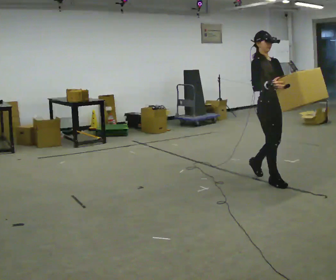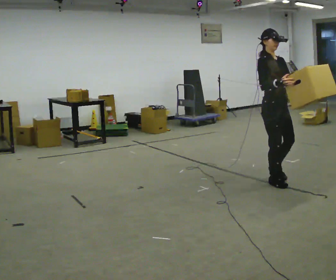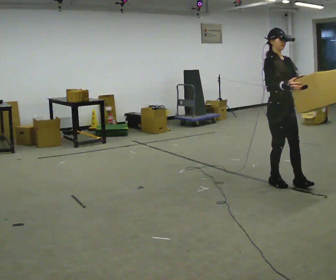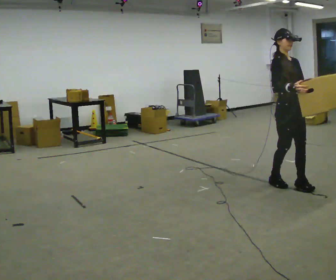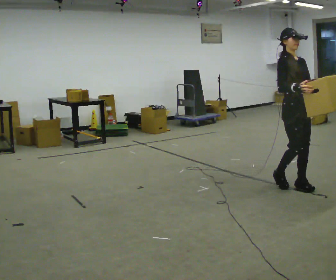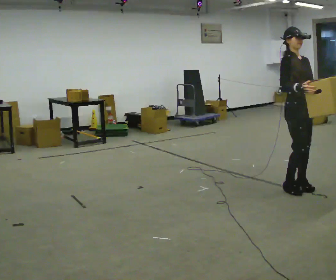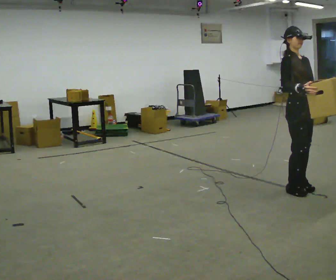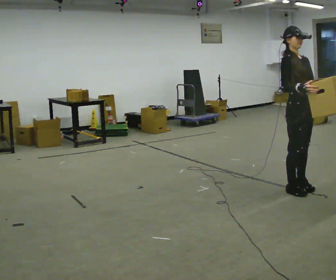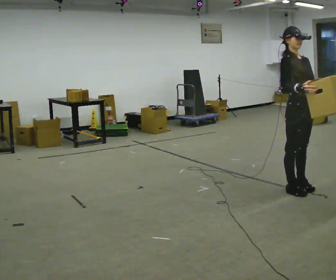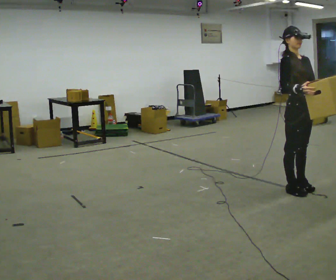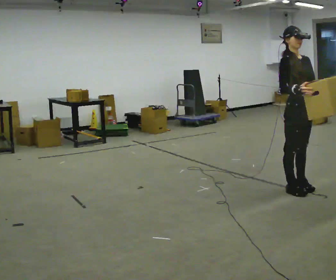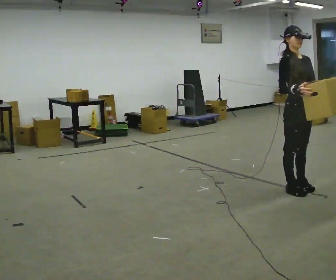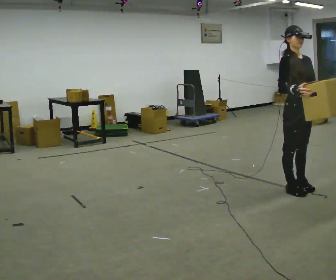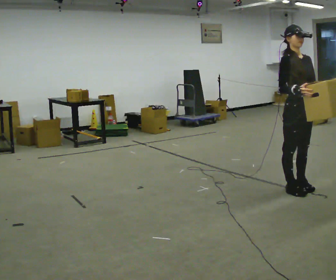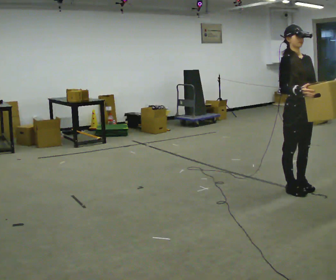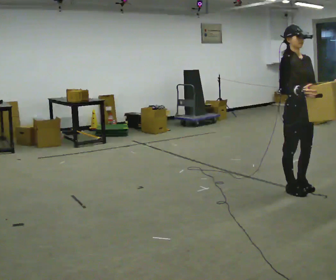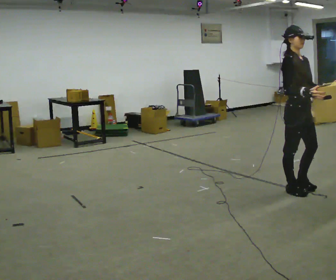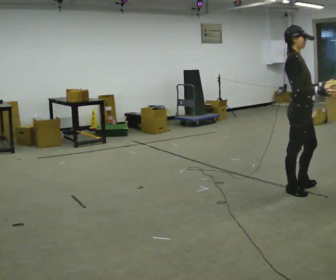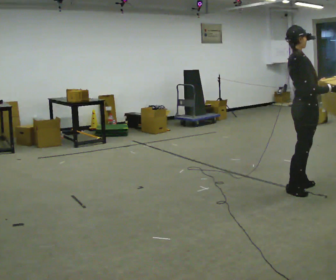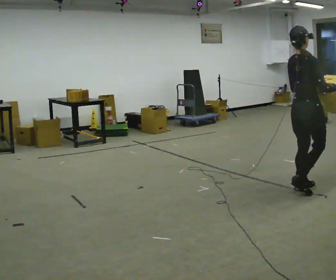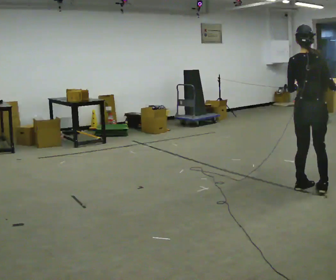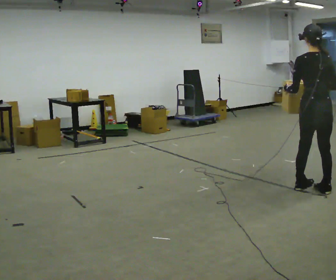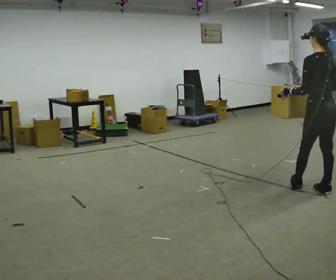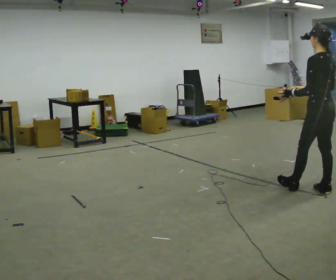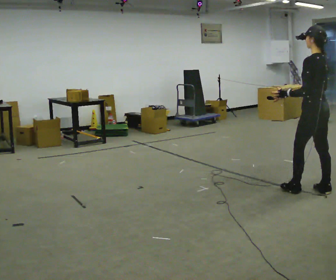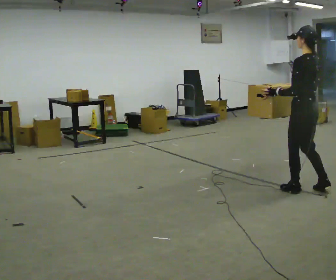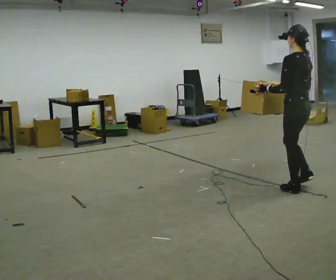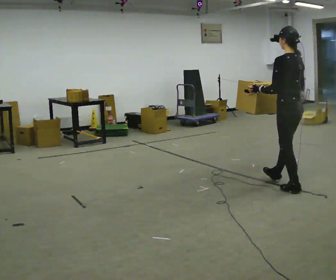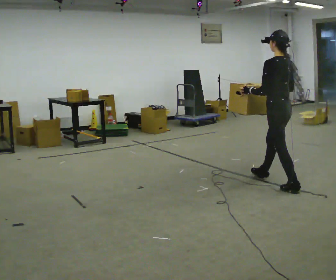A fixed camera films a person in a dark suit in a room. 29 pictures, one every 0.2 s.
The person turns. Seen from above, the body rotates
counterclockwise.
The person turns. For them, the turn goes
to their left.
0.0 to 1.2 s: In the picture they go toward the camera and to the right, about 0.5 m in 2 steps, which for them is forward.
1.2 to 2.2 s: The person moves a little, or ends about where they began.
2.2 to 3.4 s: The person turns about 30 degrees to their left, counterclockwise seen from above, so the part of the body nearest the lens slides to the right.
3.4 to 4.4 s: The part of the body nearest the lens slides to the right as the person turns to their left by about 135 degrees. In the picture they go to the right, about 0.25 m in 1 step.
4.4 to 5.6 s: In the picture they go to the left and away from the camera, about 0.5 m in 1 step, which for them is forward.
The film runs forward here.
